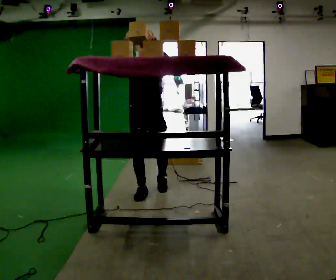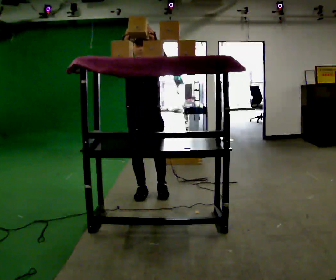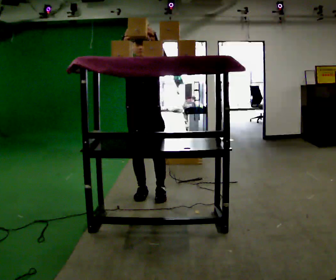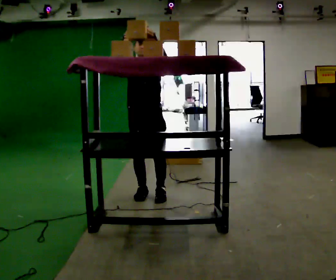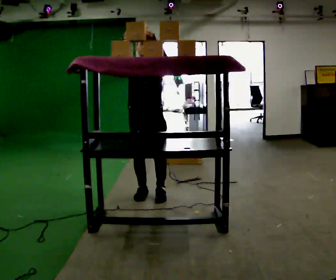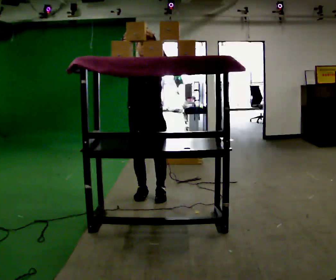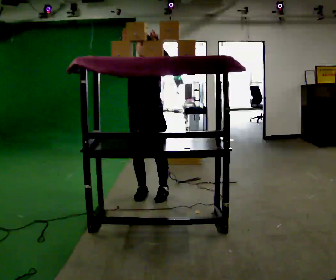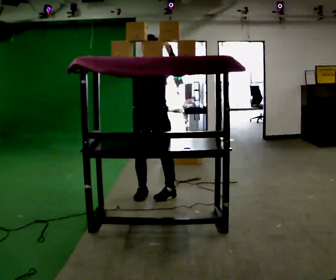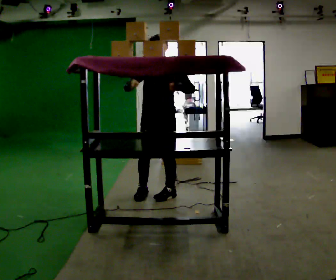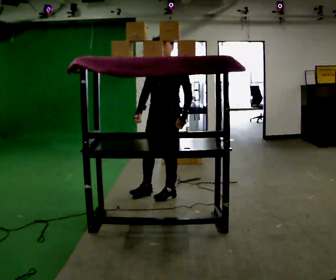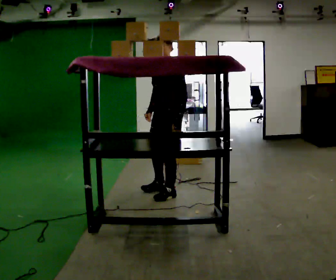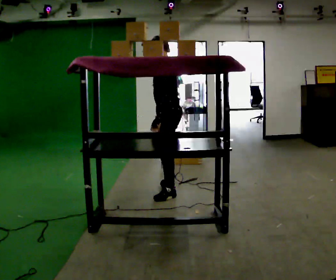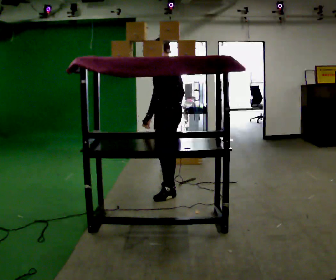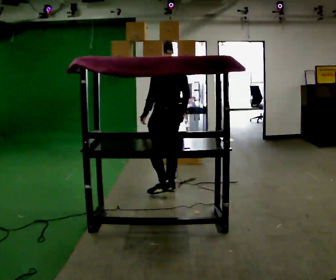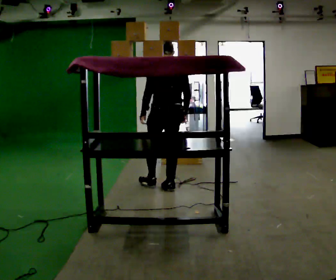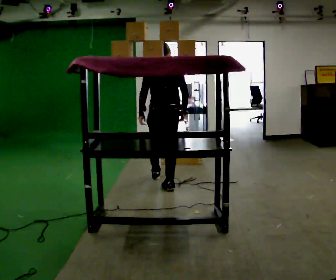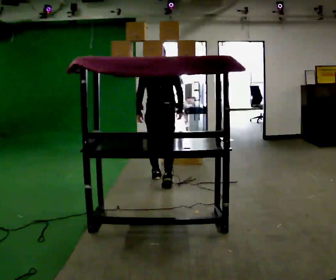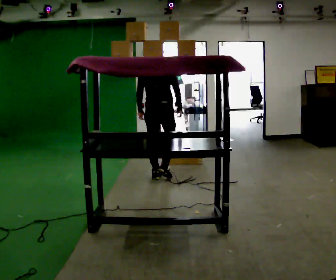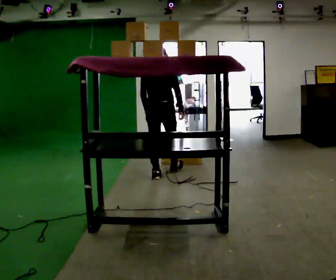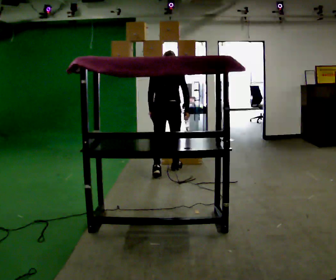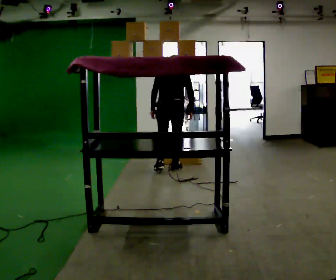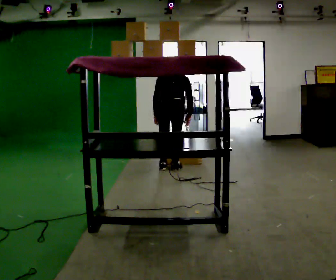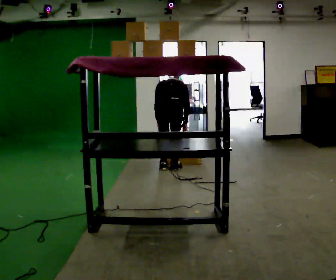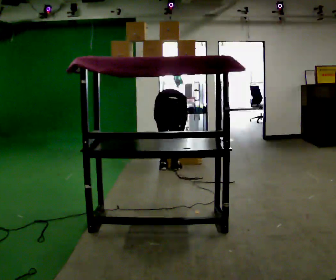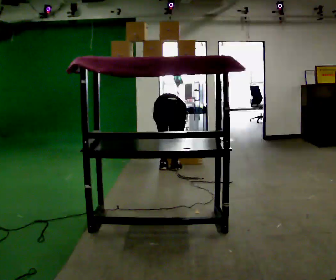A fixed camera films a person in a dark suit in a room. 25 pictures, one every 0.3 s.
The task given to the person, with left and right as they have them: Take an object from the lowest shelf, carry it across the room, and place it on the highest shelf you can comfortably reach. Keep going until the operator says stop; one object at a time, and do not rush between trips.
0.0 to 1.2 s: The person moves a little, or ends about where they began.
1.2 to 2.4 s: In the picture they go to the right, about 0.25 m, which for them is to their left. In the picture their right hand goes downward.
2.4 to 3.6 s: The part of the body nearest the lens slides to the left as the person turns to their right by about 90 degrees. In the picture they go away from the camera, about 0.25 m in 1 step. In the picture their right hand goes to the right, the arm swinging counterclockwise.
3.6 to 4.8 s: The part of the body nearest the lens slides to the left as the person turns to their right by about 75 degrees. In the picture they go away from the camera, about 0.5 m in 1 step.
4.8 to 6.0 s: In the picture they go away from the camera, about 0.5 m in 1 step, which for them is forward. The upper body tips away from the camera, its near side rolling upward, as they bend forward.
6.0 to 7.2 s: The upper body goes downward. The upper body tips away from the camera, its near side rolling upward, as they bend forward. In the picture their left hand goes downward.
The film runs forward here.
